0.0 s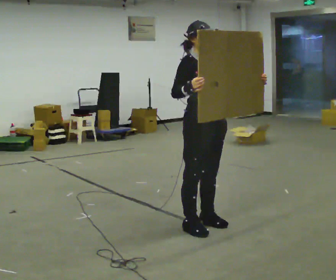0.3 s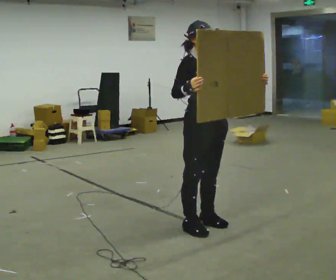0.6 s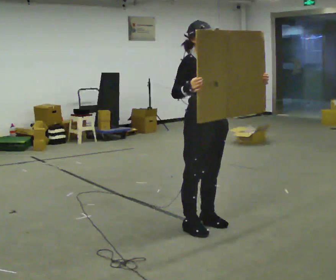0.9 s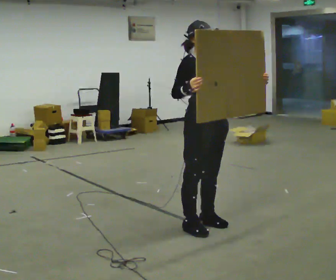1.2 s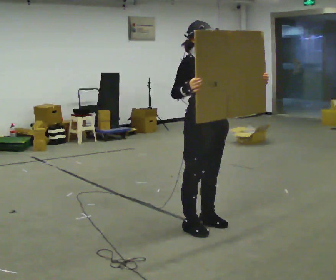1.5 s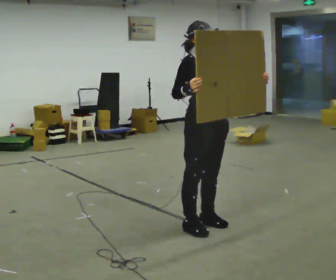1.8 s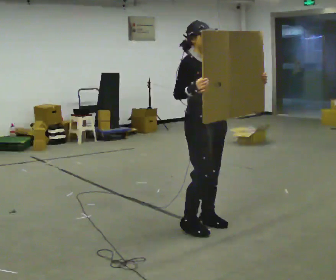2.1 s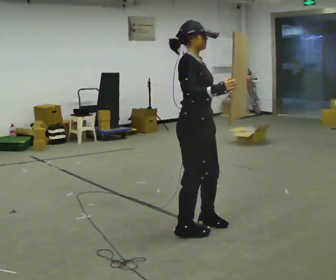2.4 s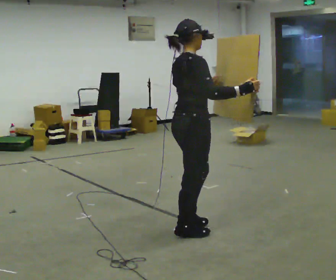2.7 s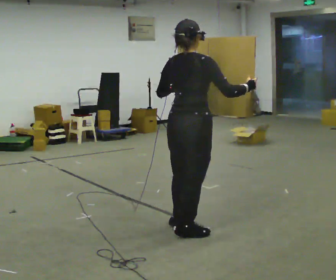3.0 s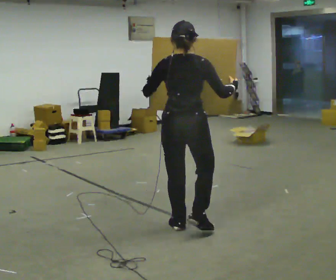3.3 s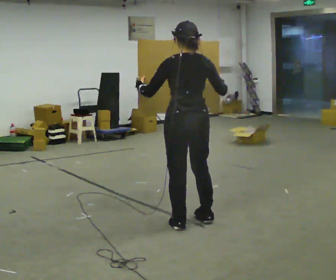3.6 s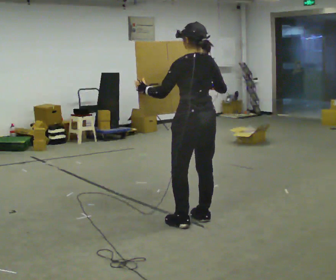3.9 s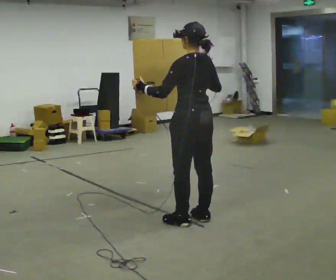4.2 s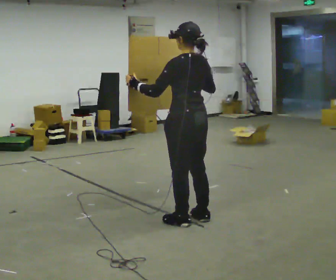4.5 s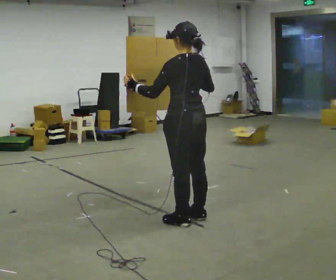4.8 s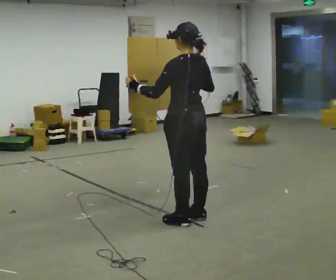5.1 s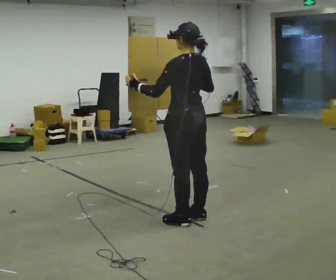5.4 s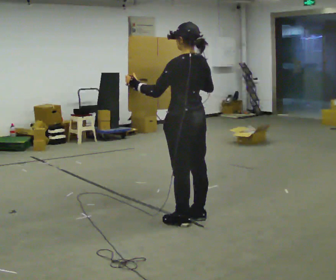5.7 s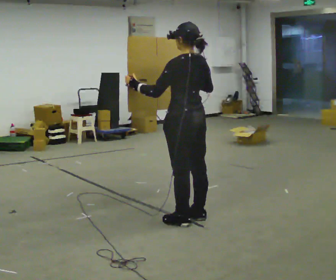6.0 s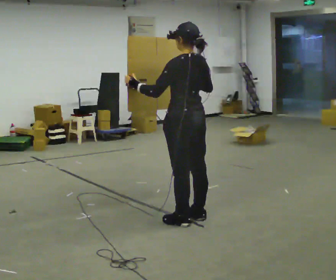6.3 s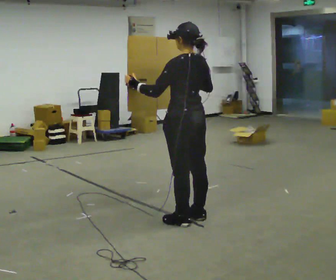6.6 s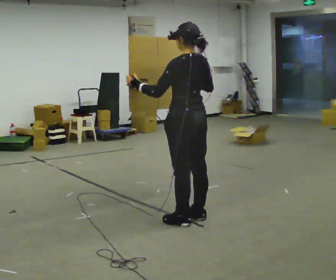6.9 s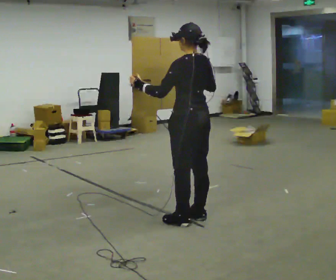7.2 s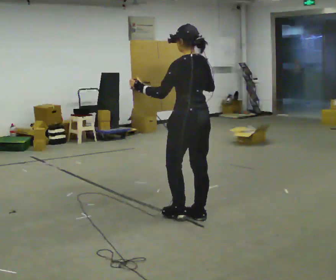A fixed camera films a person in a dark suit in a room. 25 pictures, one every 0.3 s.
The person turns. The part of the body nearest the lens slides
to the right.
The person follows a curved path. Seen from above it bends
clockwise.
0.0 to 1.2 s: The person keeps their place and pose.
1.2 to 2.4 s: Seen from above the body turns counterclockwise, about 75 degrees: to their left, with its near side sliding to the right. In the picture they go toward the camera, about 0.25 m. In the picture their right hand goes to the right.
2.4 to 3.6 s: The part of the body nearest the lens slides to the right as the person turns to their left by about 105 degrees. In the picture they go away from the camera, about 0.25 m in 2 steps.
3.6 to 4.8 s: The person moves a little, or ends about where they began.
4.8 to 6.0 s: The person keeps their place and pose.
6.0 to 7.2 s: The person moves a little, or ends about where they began.
The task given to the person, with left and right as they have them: Carry the large panel across the room. It will block your view ahead, so take whatever route feels safe. Keep going until the operator says stop; one object at a time, and do not rush between trips.
The film runs forward here.
